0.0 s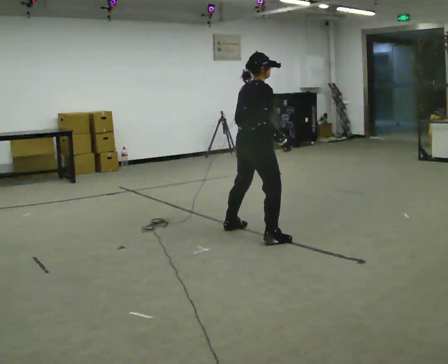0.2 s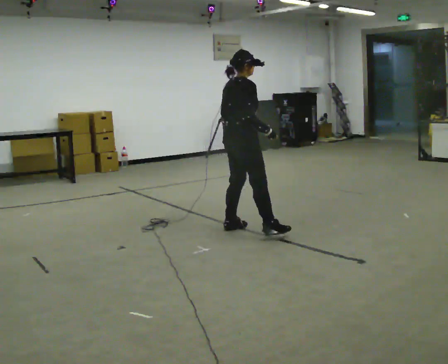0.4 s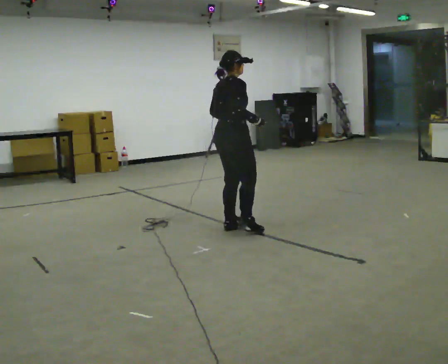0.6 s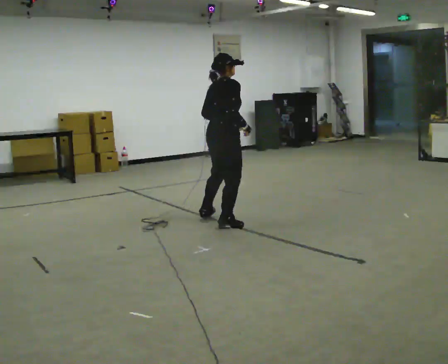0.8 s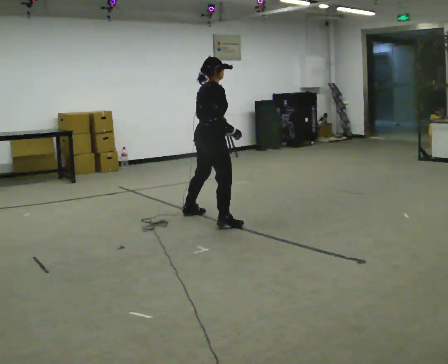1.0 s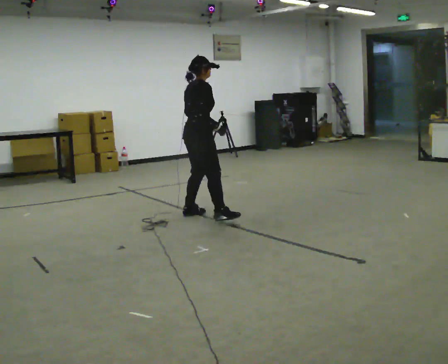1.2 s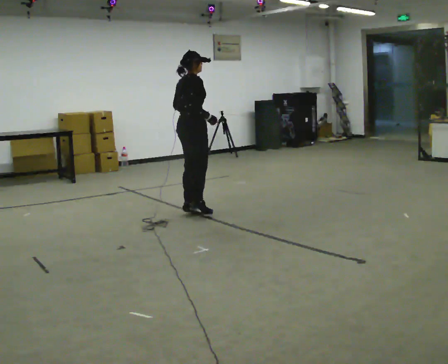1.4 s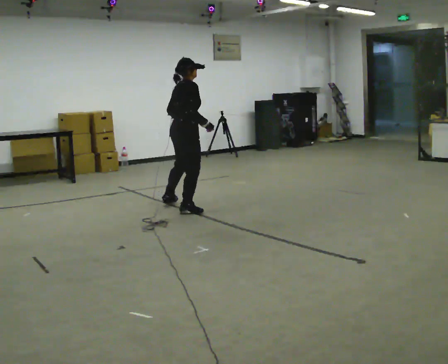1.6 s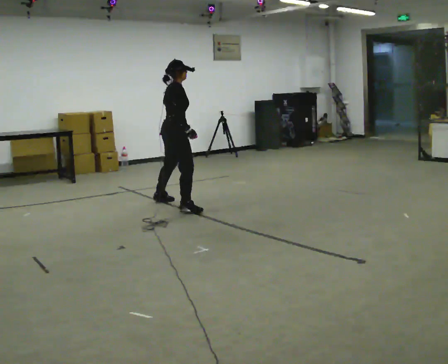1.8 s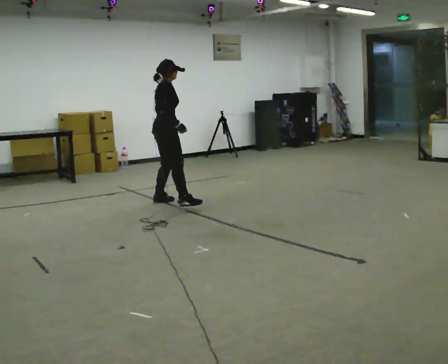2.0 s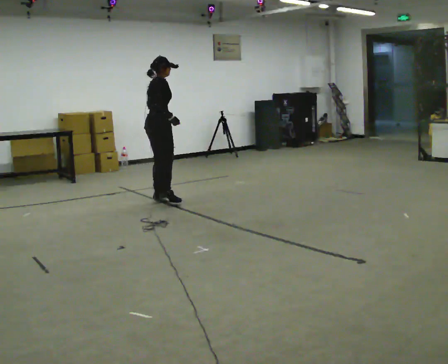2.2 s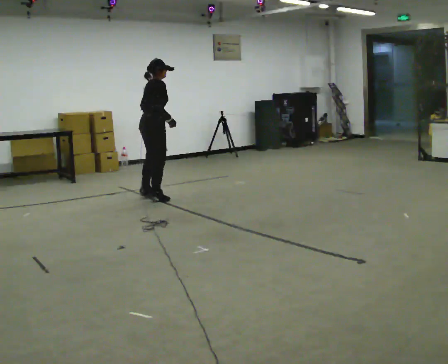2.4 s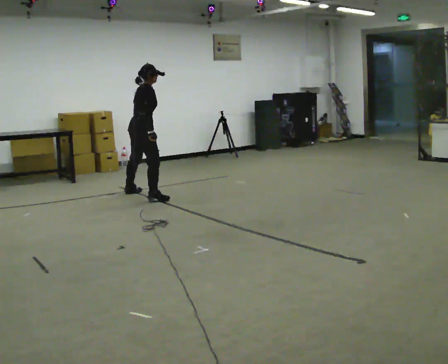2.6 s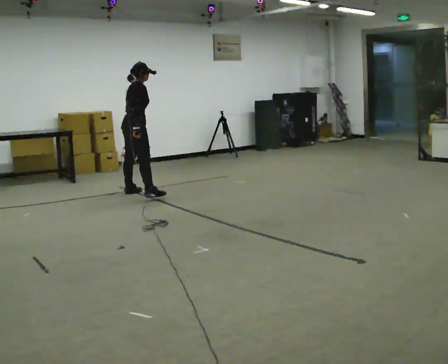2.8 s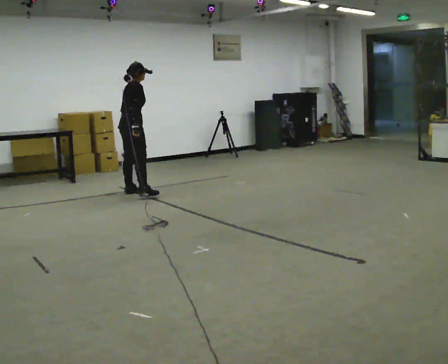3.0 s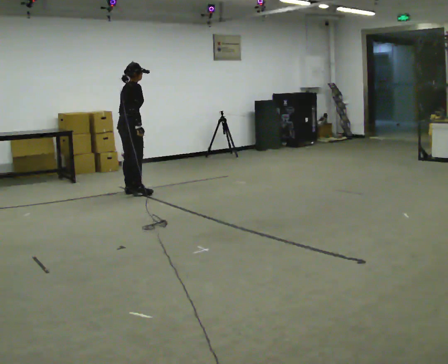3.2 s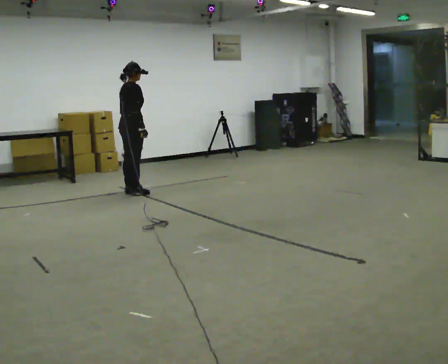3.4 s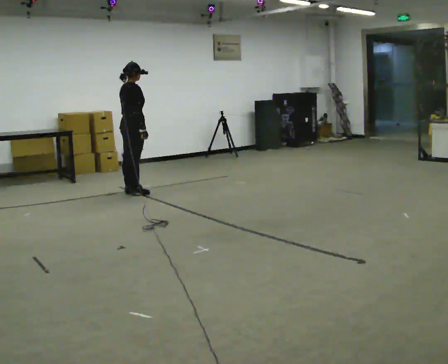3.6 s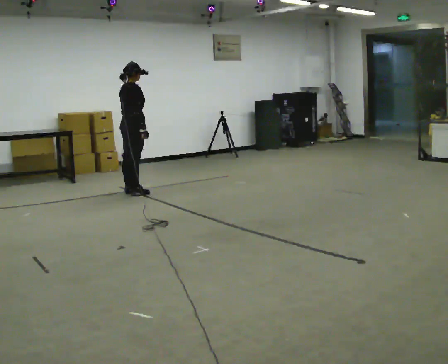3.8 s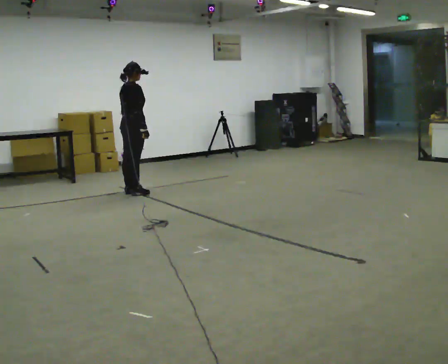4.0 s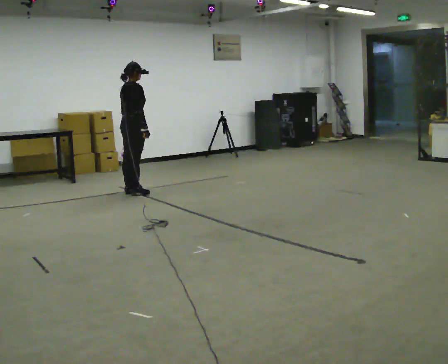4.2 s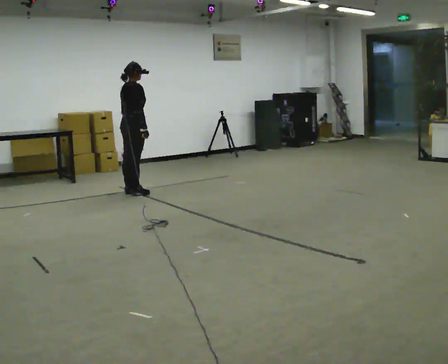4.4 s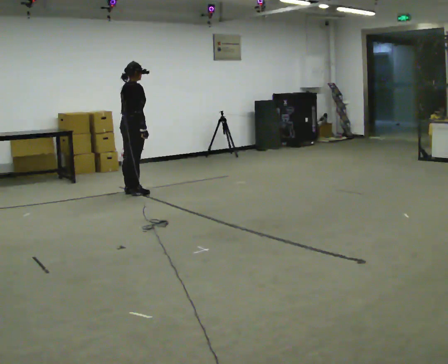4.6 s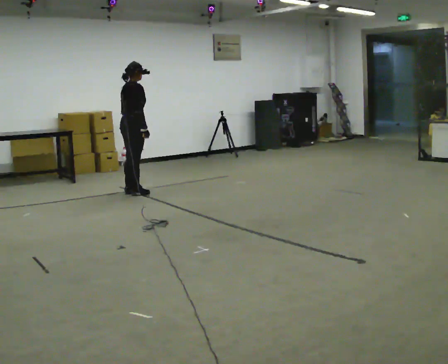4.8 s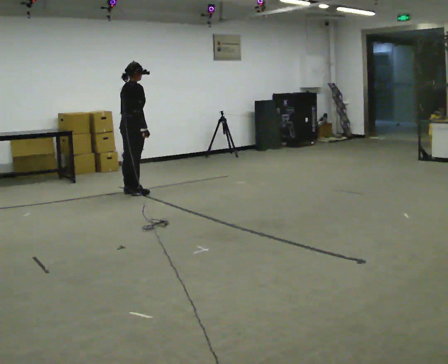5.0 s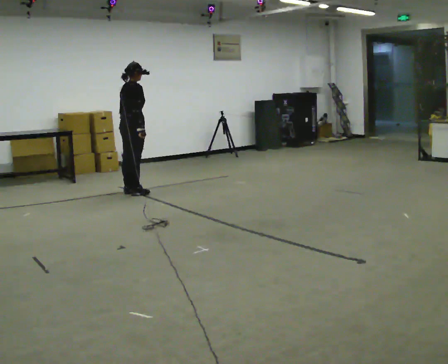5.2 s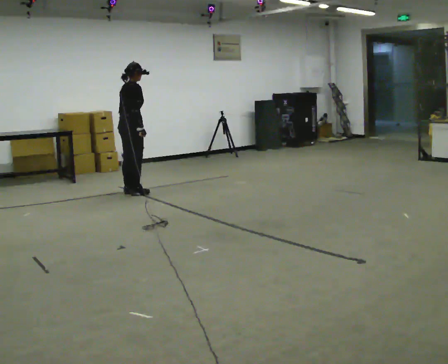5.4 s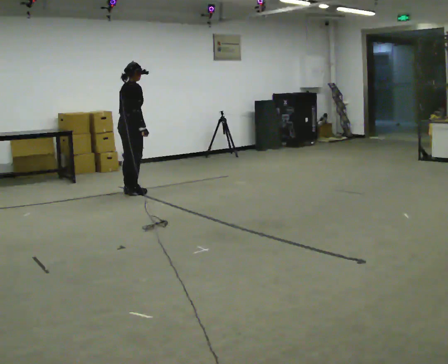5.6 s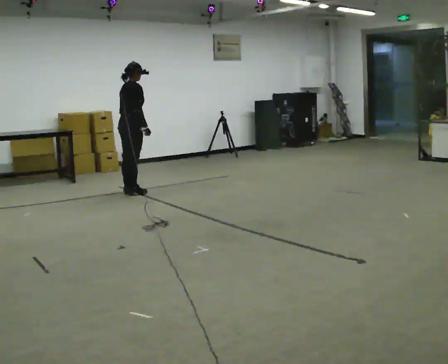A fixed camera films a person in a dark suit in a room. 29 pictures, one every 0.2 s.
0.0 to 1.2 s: In the picture they go away from the camera and to the left, about 1 m in 4 steps, which for them is to their left.
1.2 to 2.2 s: In the picture they go away from the camera and to the left, about 1 m in 2 steps, which for them is to their left.
2.2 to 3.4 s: In the picture they go away from the camera and to the left, about 0.5 m in 1 step, which for them is to their left.
3.4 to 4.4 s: The person keeps their place and pose.
4.4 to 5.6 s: The person moves a little, or ends about where they began.
The film runs backward here.
